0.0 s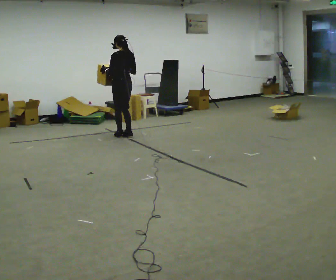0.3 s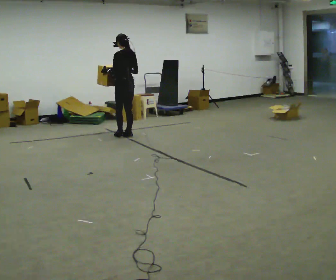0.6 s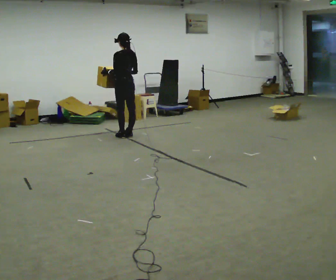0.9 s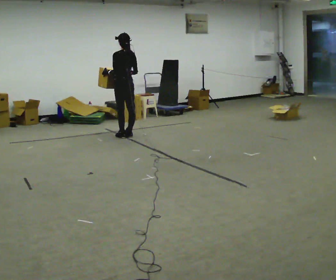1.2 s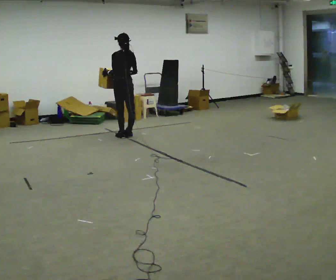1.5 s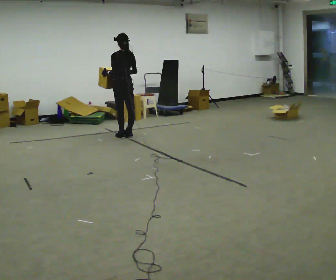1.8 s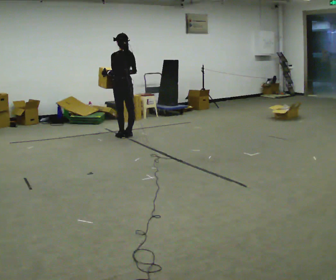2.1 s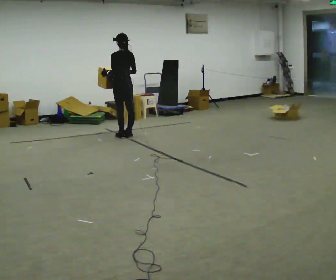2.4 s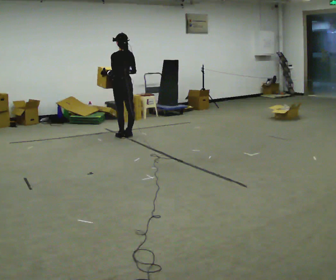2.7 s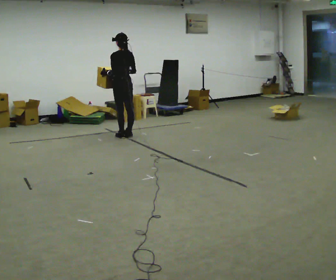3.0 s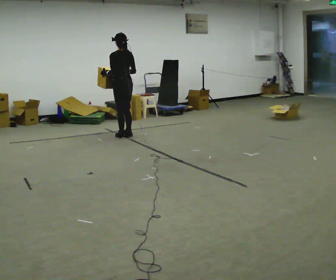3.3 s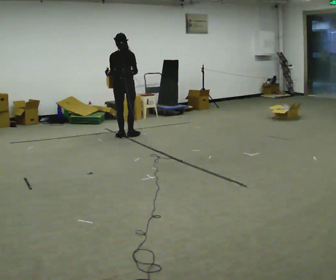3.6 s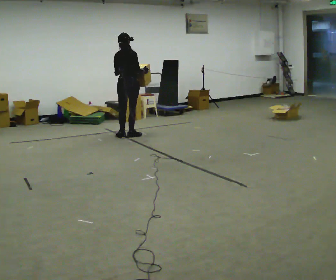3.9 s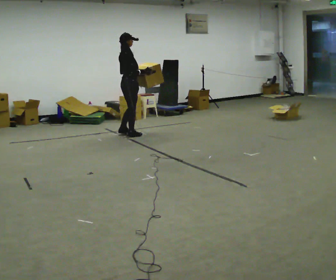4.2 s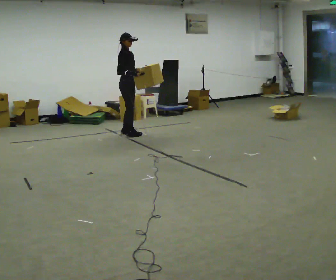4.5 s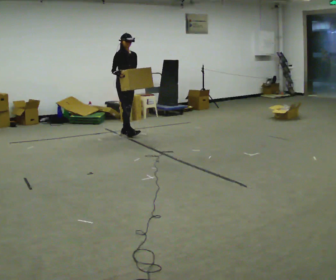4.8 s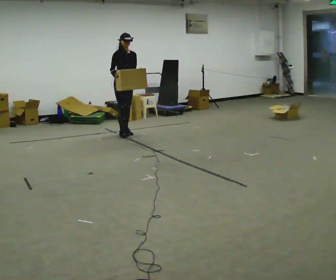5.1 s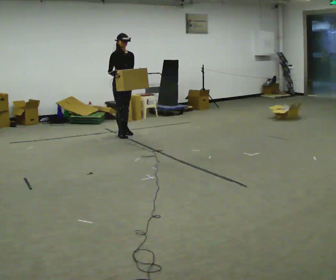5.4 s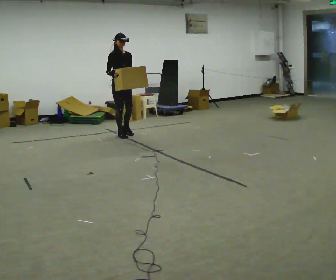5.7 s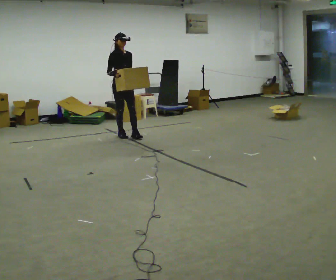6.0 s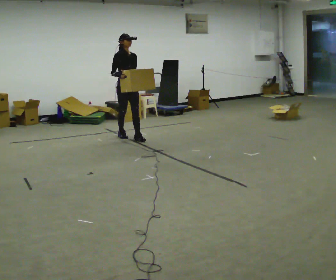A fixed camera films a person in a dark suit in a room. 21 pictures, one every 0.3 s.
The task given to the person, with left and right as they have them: Carry the box across the room while freely looking around at the walls, ceiling and floor. Keep going until the operator says stop; one object at a time, and do not rush between trips.
0.0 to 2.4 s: The person moves a little, or ends about where they began.
2.4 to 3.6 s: The person turns about 75 degrees to their right, clockwise seen from above, so the part of the body nearest the lens slides to the left.
3.6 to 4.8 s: The part of the body nearest the lens slides to the left as the person turns to their right by about 120 degrees. In the picture they go away from the camera, about 0.25 m in 1 step. In the picture their right hand goes to the left.
4.8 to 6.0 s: In the picture they go toward the camera, about 0.25 m in 1 step, which for them is forward.
The film runs forward here.
